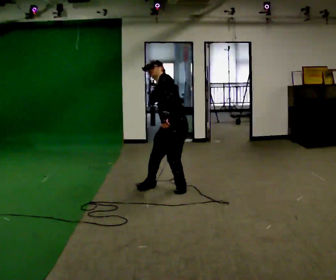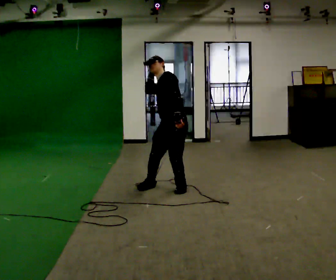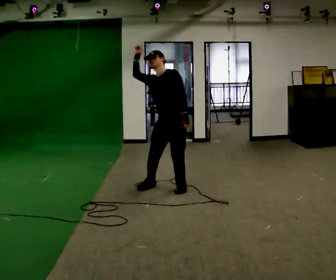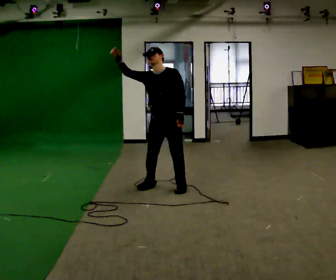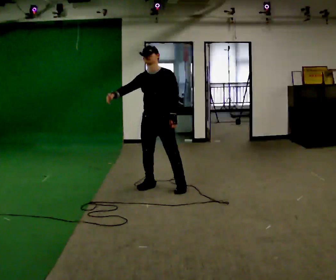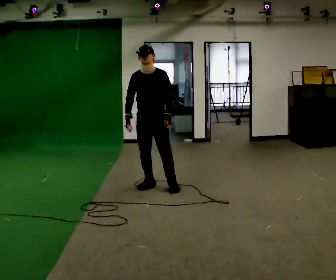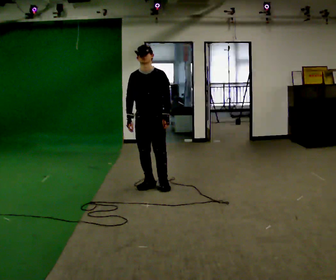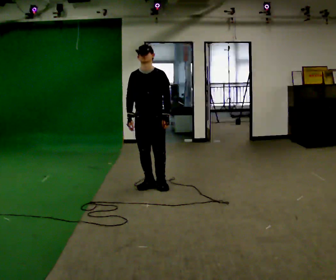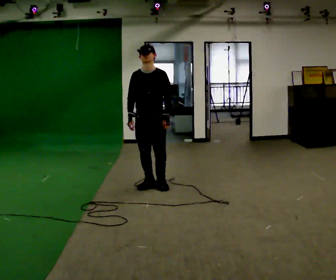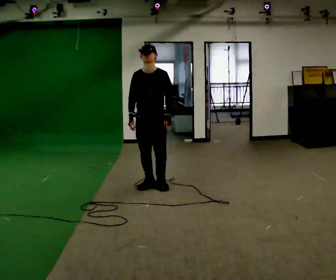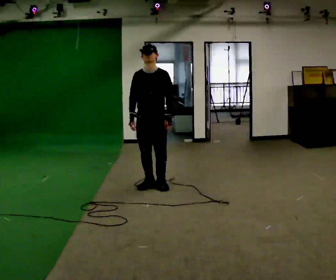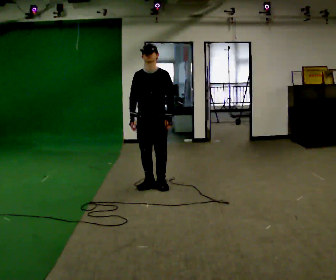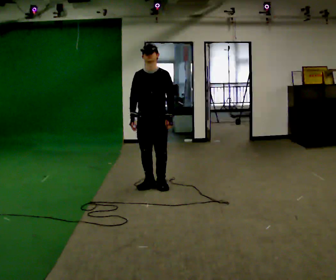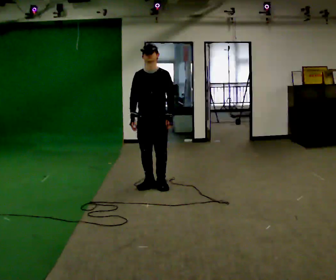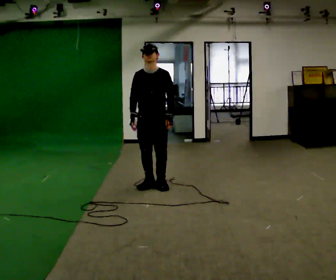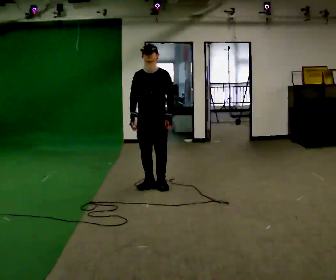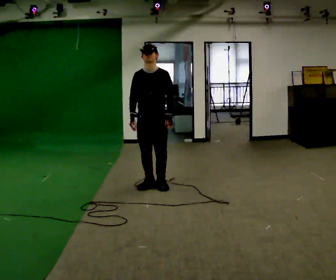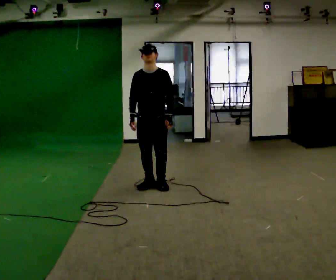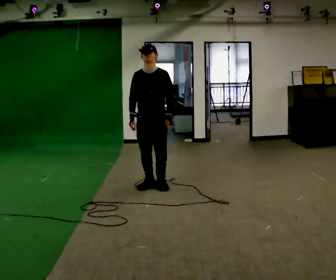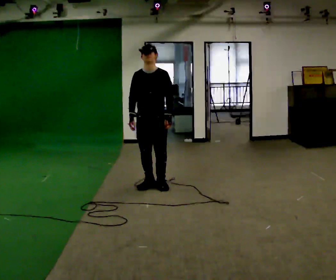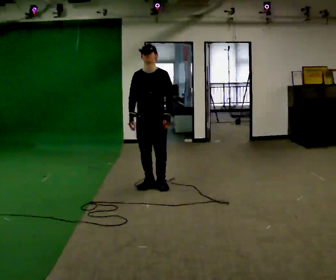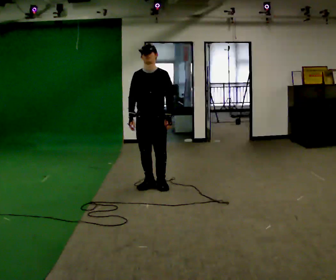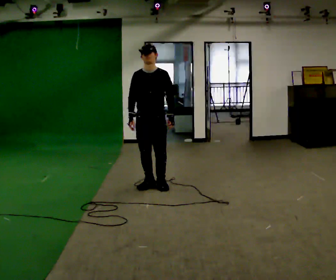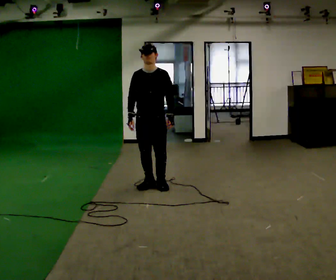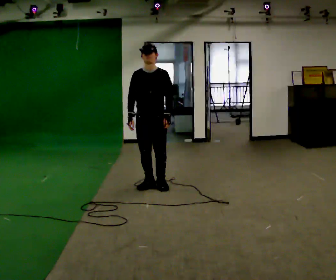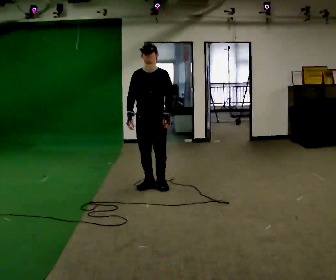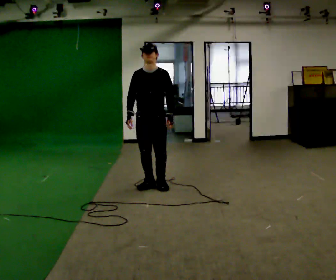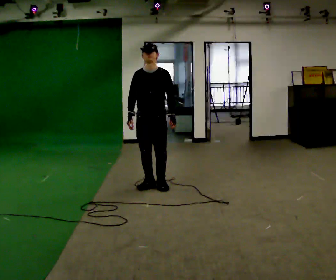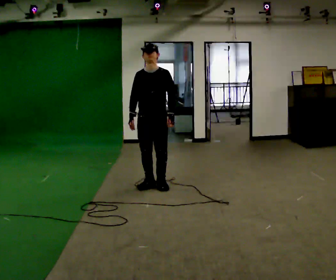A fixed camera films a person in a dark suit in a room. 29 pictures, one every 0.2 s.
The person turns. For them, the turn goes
to their left.
The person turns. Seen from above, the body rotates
counterclockwise.
0.0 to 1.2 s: Seen from above the body turns counterclockwise, about 60 degrees: to their left, with its near side sliding to the right. In the picture they go to the left and away from the camera, about 0.25 m in 1 step. The upper body tips toward the camera, its near side rolling downward. In the picture their right hand goes downward.
1.2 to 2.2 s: The person moves a little, or ends about where they began.
2.2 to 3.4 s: The person keeps their place and pose.
3.4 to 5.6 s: The person moves a little, or ends about where they began.
The film runs backward here.
